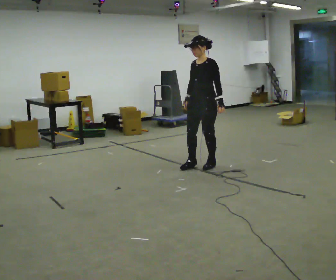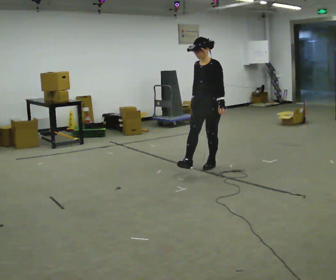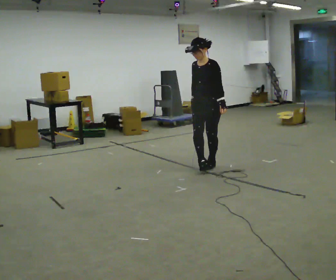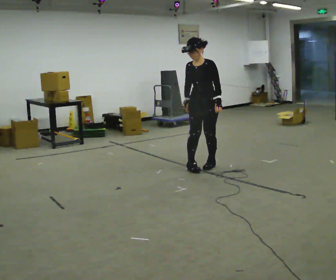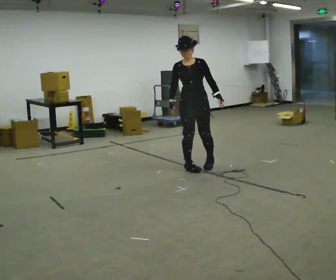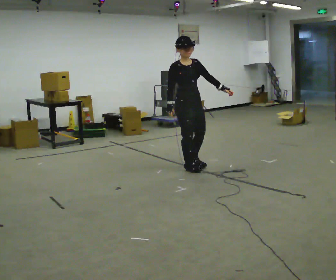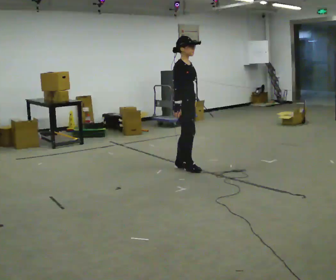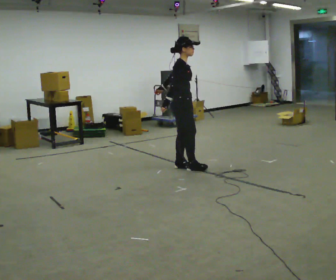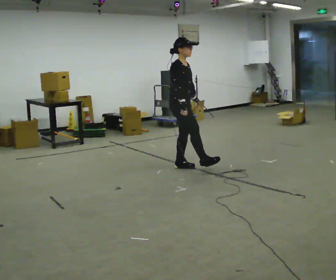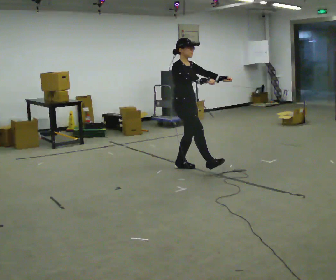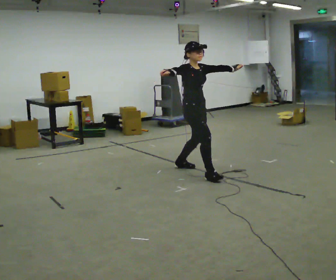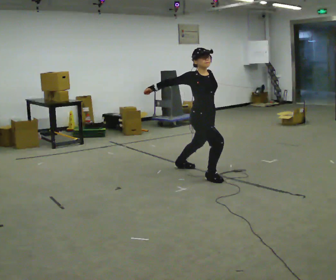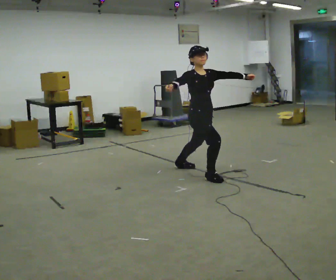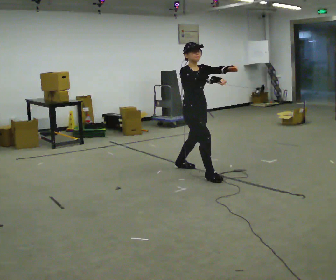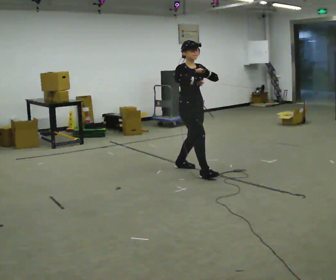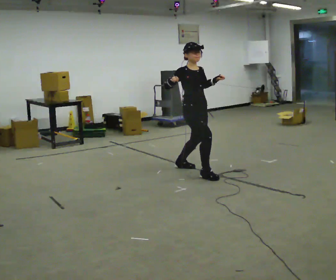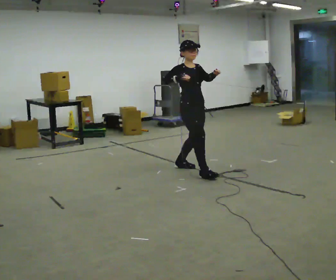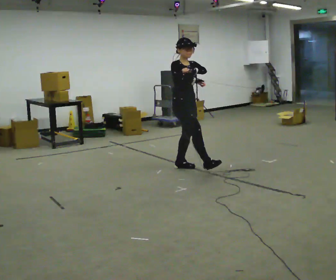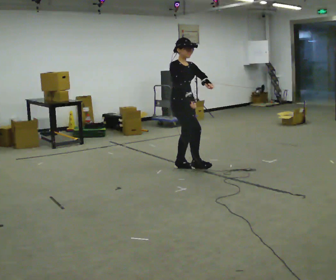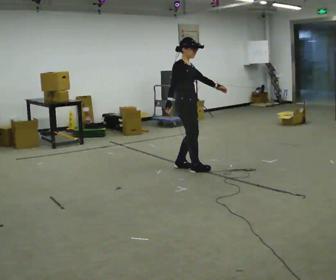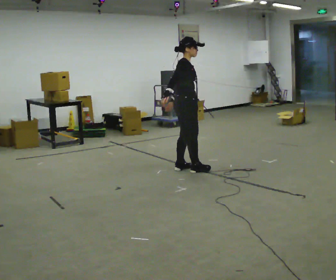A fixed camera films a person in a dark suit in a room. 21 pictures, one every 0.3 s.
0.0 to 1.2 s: The part of the body nearest the lens slides to the right as the person turns to their left by about 45 degrees.
1.2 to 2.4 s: Seen from above the body turns counterclockwise, about 90 degrees: to their left, with its near side sliding to the right. In the picture they go to the left, about 0.25 m in 1 step. In the picture their left hand goes to the left.
2.4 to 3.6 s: The person turns about 45 degrees to their right, clockwise seen from above, so the part of the body nearest the lens slides to the left. In the picture they go toward the camera and to the right, about 0.5 m, which for them is forward.
3.6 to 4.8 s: In the picture they go away from the camera, about 0.25 m, which for them is backward.
4.8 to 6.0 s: Seen from above the body turns counterclockwise, about 45 degrees: to their left, with its near side sliding to the right. In the picture their left hand goes downward.
The film runs backward here.
